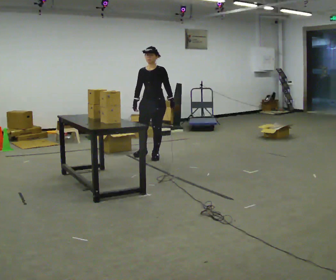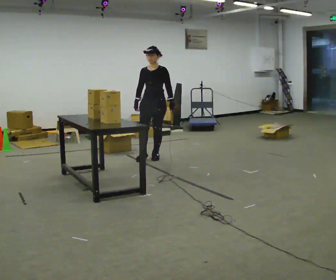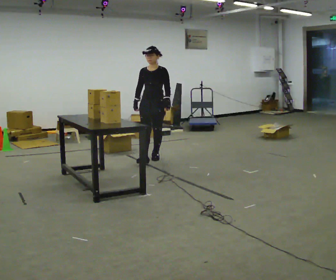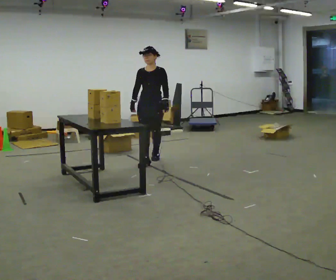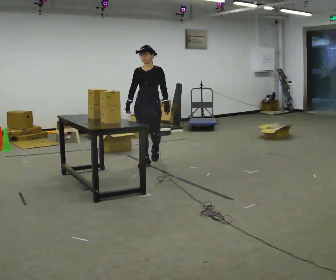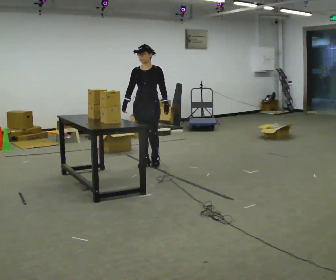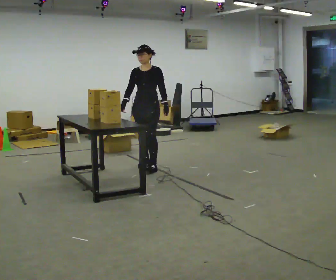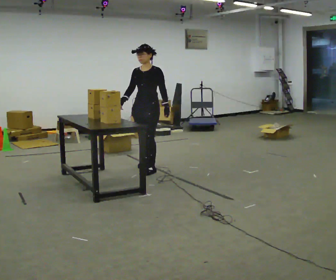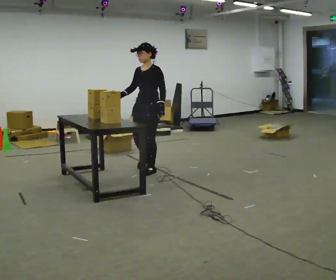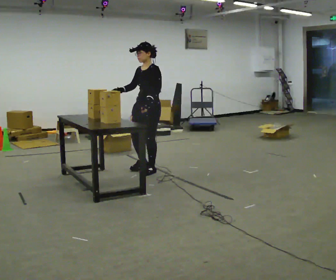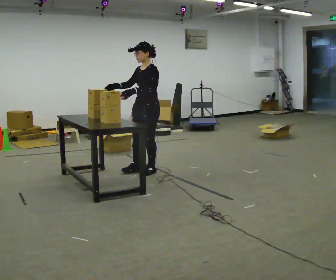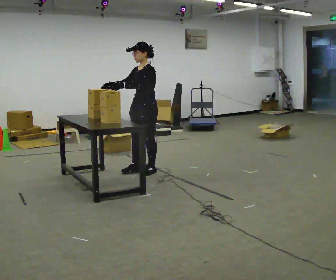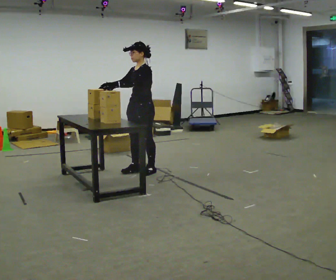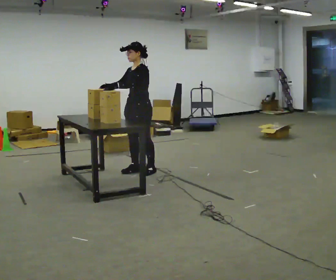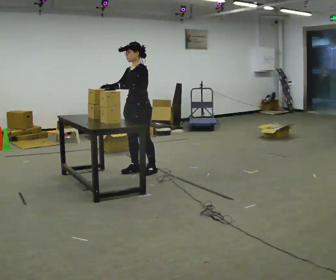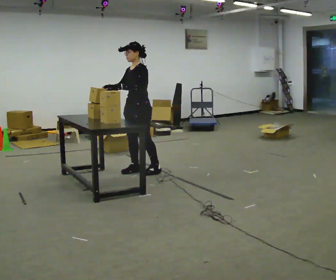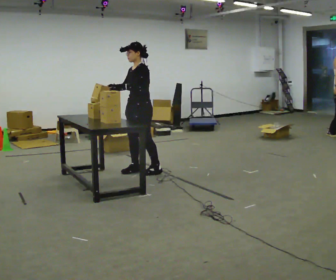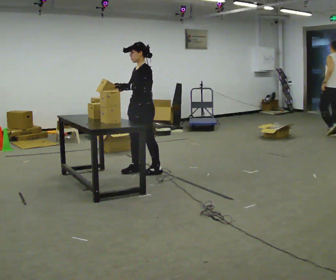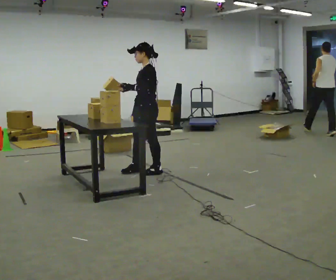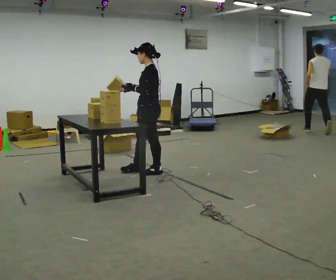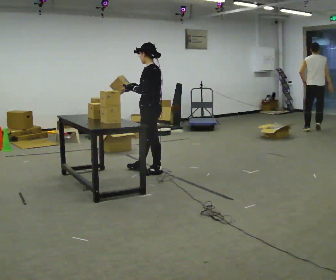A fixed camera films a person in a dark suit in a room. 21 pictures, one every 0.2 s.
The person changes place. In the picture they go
toward the camera.
0.0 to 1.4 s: In the picture they go toward the camera, about 0.5 m in 2 steps, which for them is forward.
1.4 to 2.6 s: The person turns about 30 degrees to their right, clockwise seen from above, so the part of the body nearest the lens slides to the left. In the picture they go toward the camera, about 0.25 m in 1 step, which for them is forward. In the picture their left hand goes to the left.
2.6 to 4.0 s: Seen from above the body turns clockwise, about 45 degrees: to their right, with its near side sliding to the left. In the picture they go to the right, about 0.25 m, which for them is to their left. In the picture their right hand goes to the right.
The film runs forward here.
